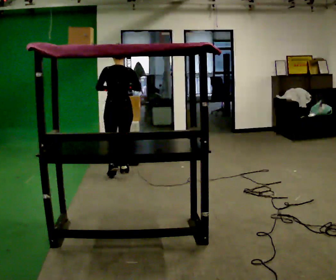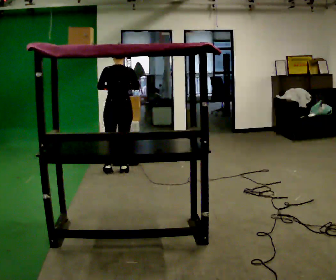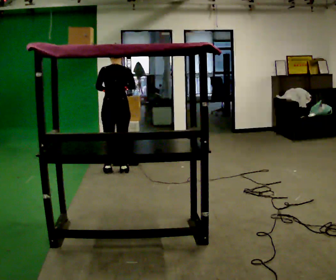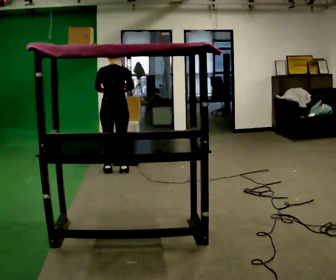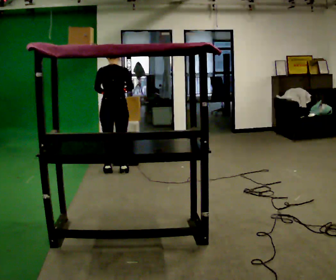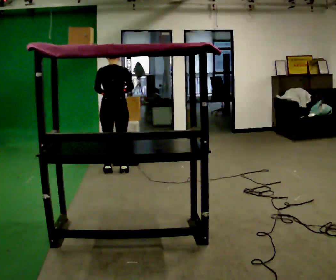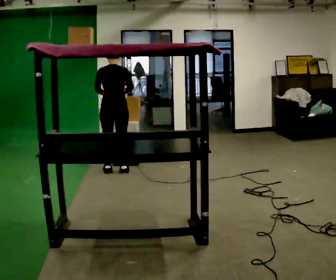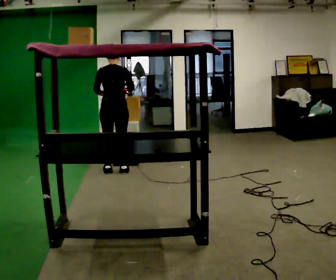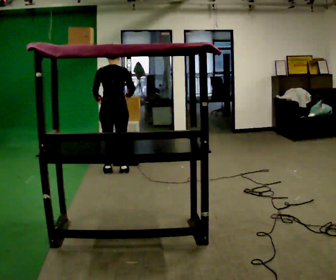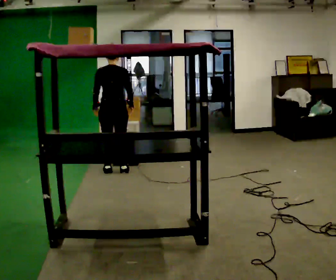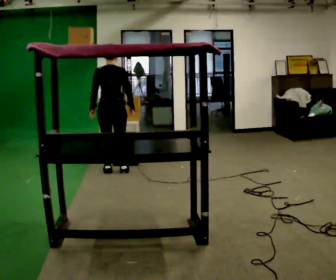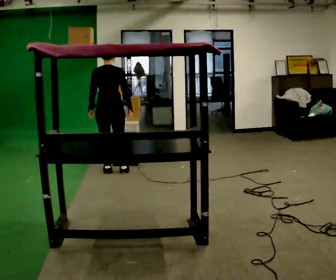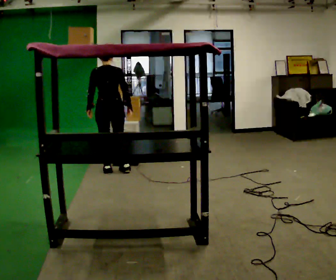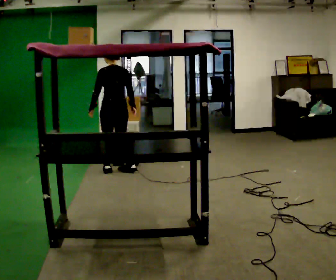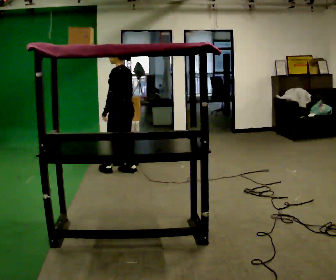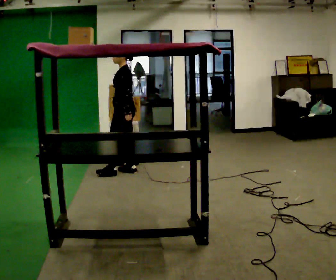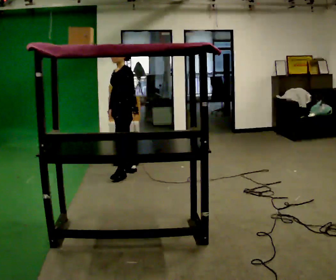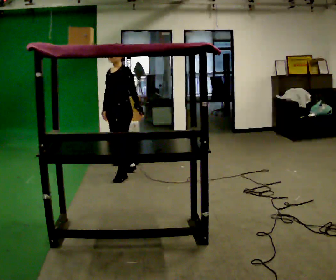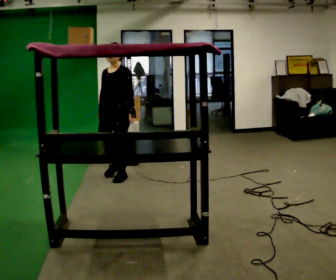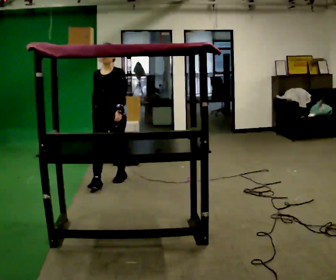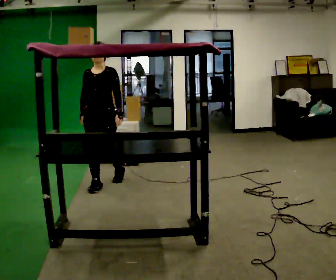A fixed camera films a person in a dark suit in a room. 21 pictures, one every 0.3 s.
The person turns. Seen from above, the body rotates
counterclockwise.
The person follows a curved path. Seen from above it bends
clockwise.
0.0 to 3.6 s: The person moves a little, or ends about where they began.
3.6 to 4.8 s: The person turns about 105 degrees to their left, counterclockwise seen from above, so the part of the body nearest the lens slides to the right. In the picture they go to the right, about 0.25 m in 1 step. In the picture their left hand goes to the right, the arm swinging counterclockwise.
4.8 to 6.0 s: The person turns about 60 degrees to their left, counterclockwise seen from above, so the part of the body nearest the lens slides to the right. In the picture they go toward the camera and to the left, about 0.5 m in 1 step, which for them is forward.
The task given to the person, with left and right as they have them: Take an object down from the highest shelf you can comfortably reach, carry it across, and place it on the waist-height shelf. Keep going until the operator says stop; one object at a time, and do not rush between trips.
The film runs forward here.
